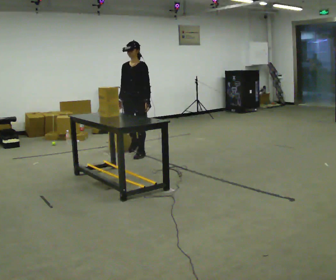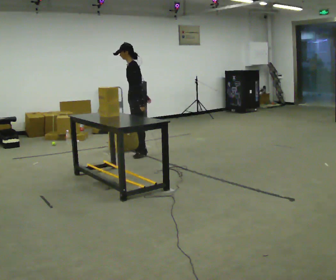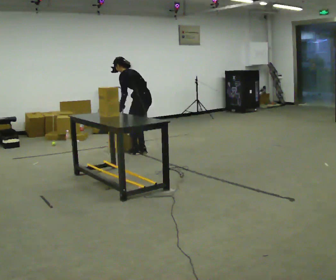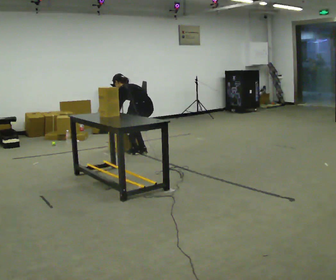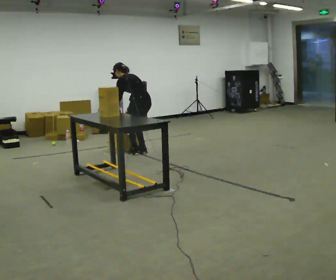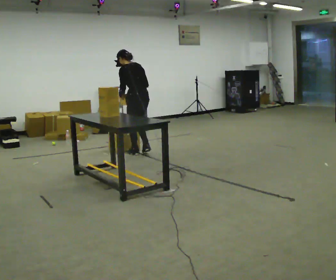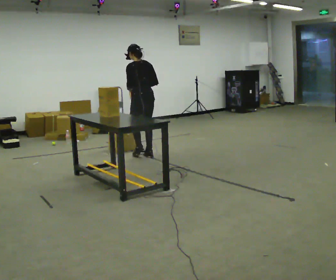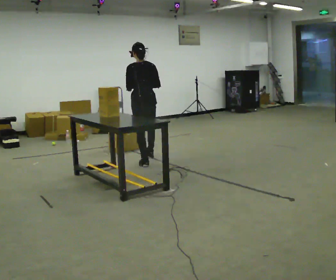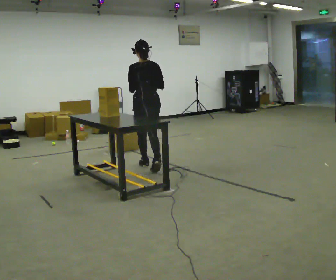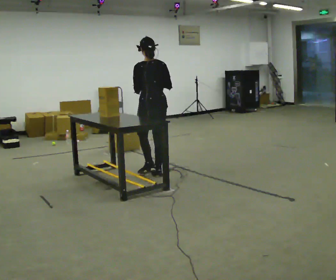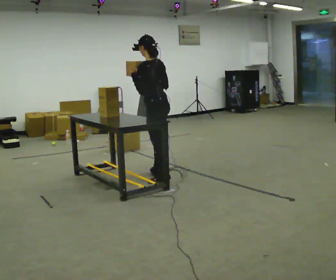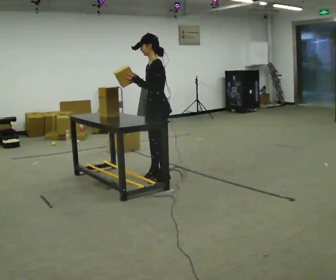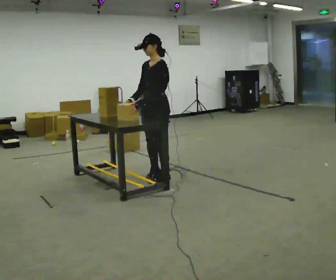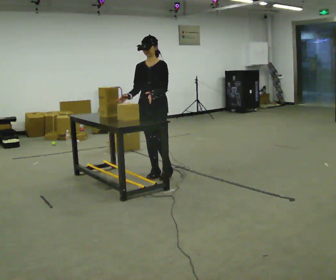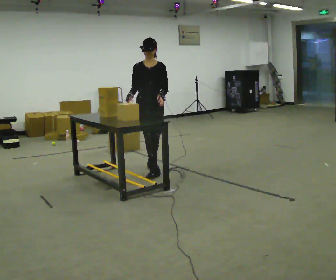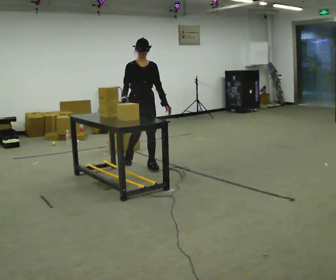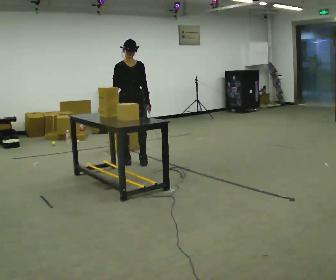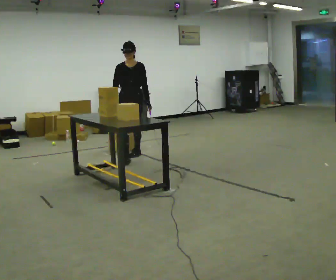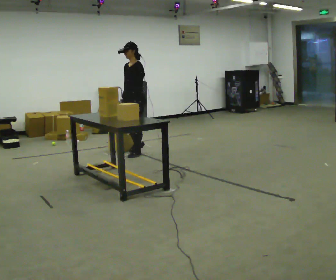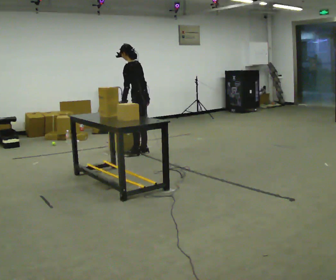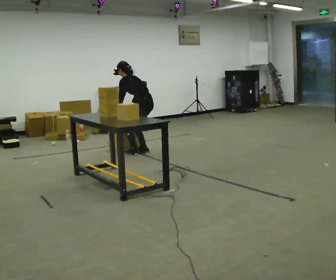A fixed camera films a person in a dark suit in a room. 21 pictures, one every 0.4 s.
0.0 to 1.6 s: The part of the body nearest the lens slides to the left as the person turns to their right by about 105 degrees. In the picture they go away from the camera, about 0.25 m. In the picture their left hand goes to the left, the arm swinging clockwise.
1.6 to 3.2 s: The part of the body nearest the lens slides to the left as the person turns to their right by about 30 degrees. In the picture they go toward the camera, about 0.5 m in 3 steps, which for them is backward and to their left. The shoulders move upward. In the picture the upper body tilts clockwise, shoulders to the right, as they lean back or straighten. In the picture their right hand goes upward.
3.2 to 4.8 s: Seen from above the body turns counterclockwise, about 105 degrees: to their left, with its near side sliding to the right. In the picture they go toward the camera, about 0.5 m in 1 step.
4.8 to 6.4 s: The person turns about 75 degrees to their left, counterclockwise seen from above, so the part of the body nearest the lens slides to the right. In the picture they go away from the camera and to the left, about 1 m in 3 steps.
6.4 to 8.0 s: Seen from above the body turns clockwise, about 150 degrees: to their right, with its near side sliding to the left. In the picture they go away from the camera, about 0.5 m in 1 step. The upper body goes downward. The upper body tips away from the camera, its near side rolling upward, as they bend forward.
The film runs backward here.
